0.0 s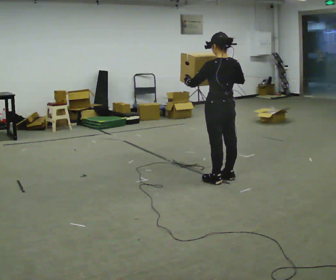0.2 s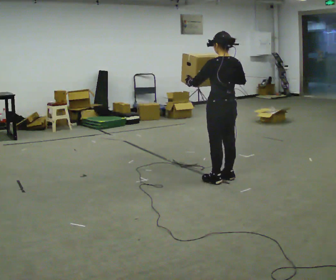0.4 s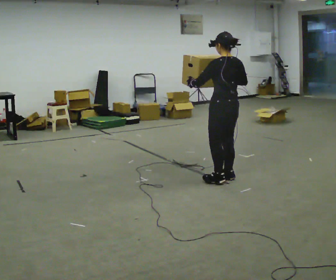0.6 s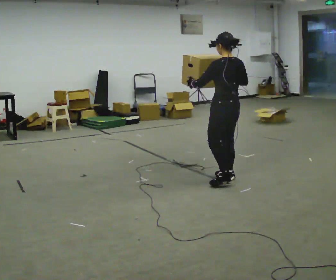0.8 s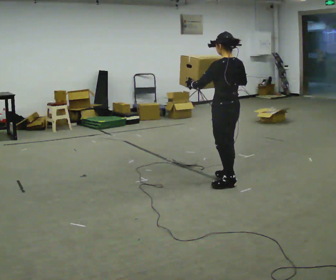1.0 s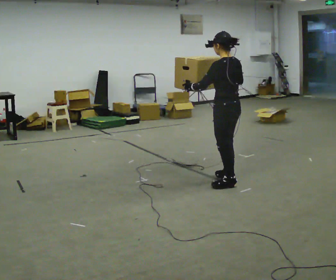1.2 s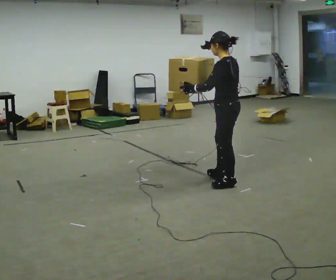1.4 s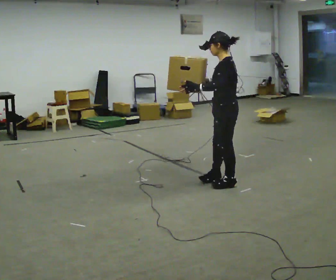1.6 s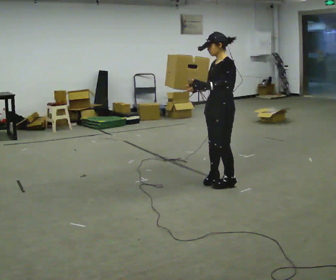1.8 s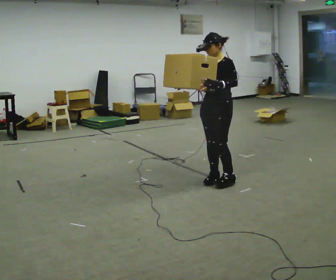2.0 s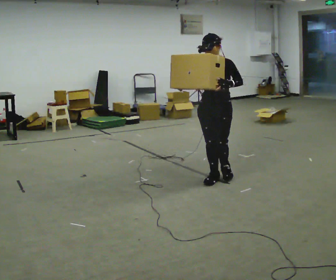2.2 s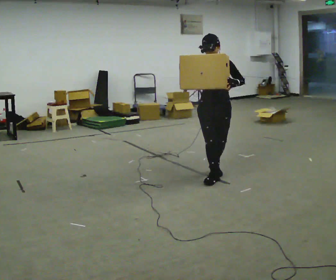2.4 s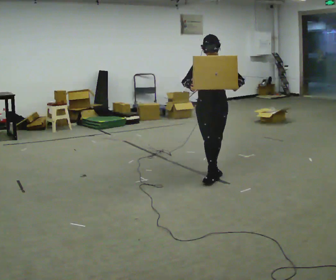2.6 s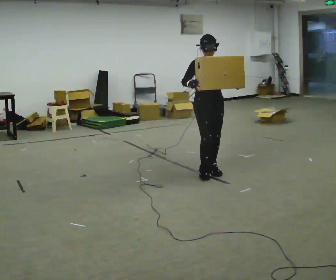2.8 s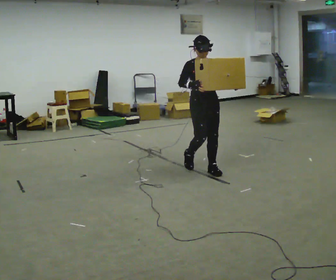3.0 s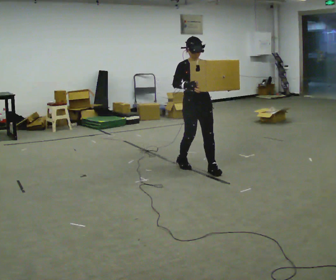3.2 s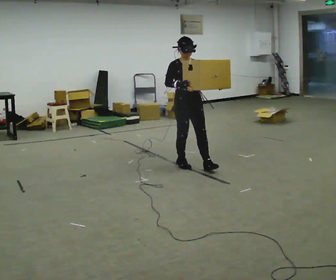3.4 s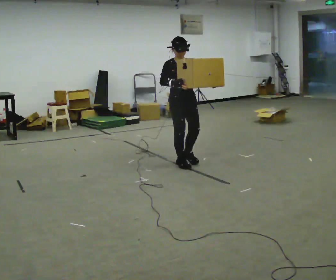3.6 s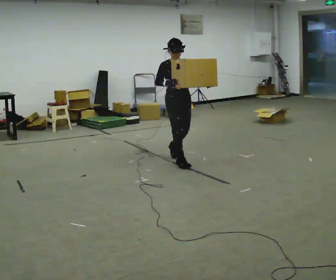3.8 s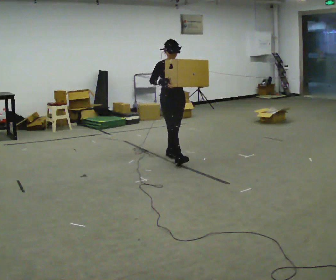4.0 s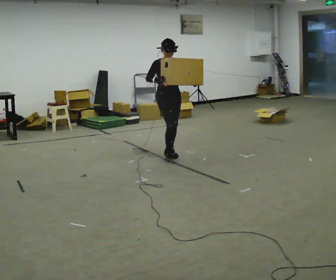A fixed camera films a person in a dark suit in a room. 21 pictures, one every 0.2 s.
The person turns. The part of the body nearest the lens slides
to the right.
The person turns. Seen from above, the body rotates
counterclockwise.
0.0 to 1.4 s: The part of the body nearest the lens slides to the right as the person turns to their left by about 60 degrees.
1.4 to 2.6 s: The person turns about 105 degrees to their left, counterclockwise seen from above, so the part of the body nearest the lens slides to the right. In the picture they go away from the camera and to the left, about 0.5 m in 2 steps.
2.6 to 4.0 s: In the picture they go away from the camera and to the left, about 1 m in 2 steps, which for them is backward.
The film runs backward here.
